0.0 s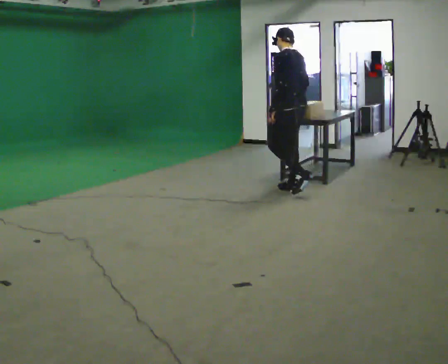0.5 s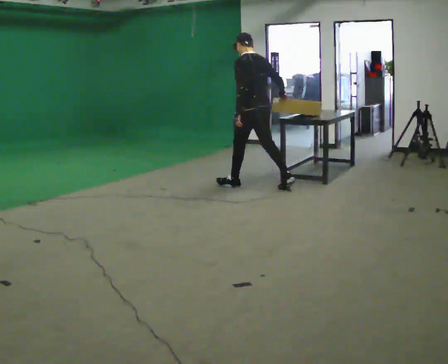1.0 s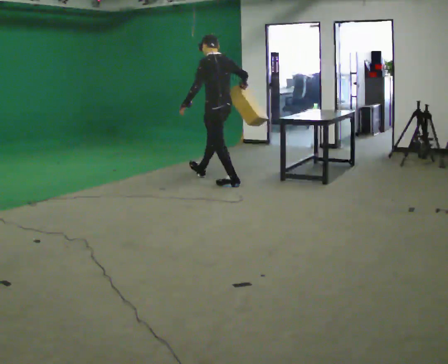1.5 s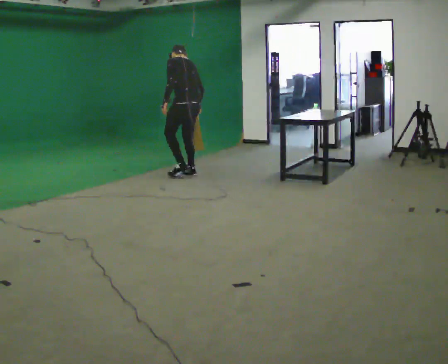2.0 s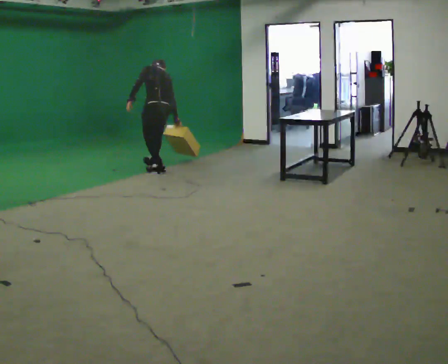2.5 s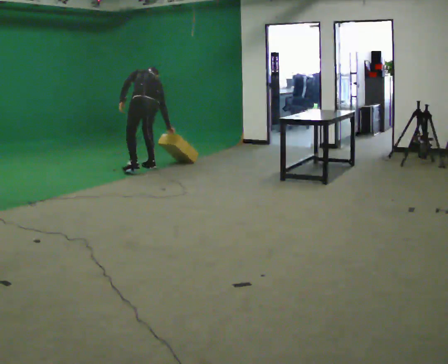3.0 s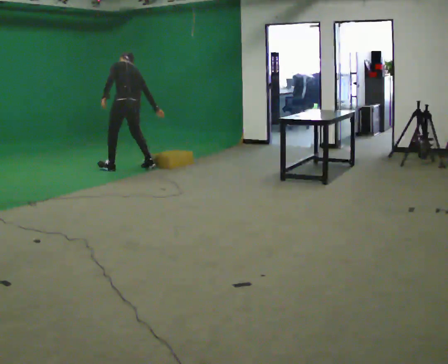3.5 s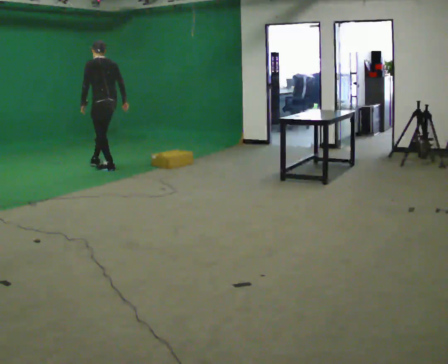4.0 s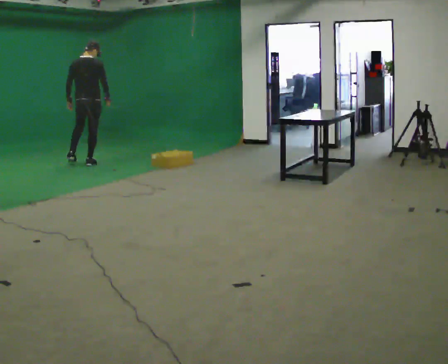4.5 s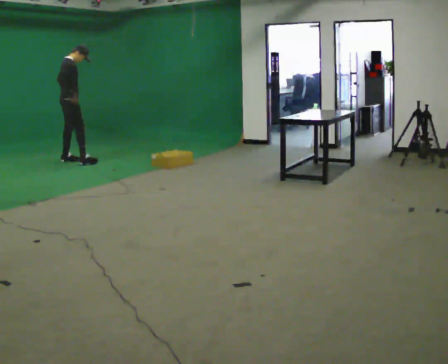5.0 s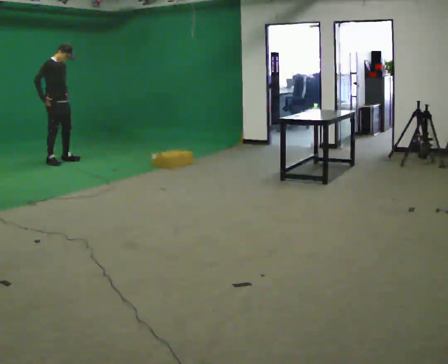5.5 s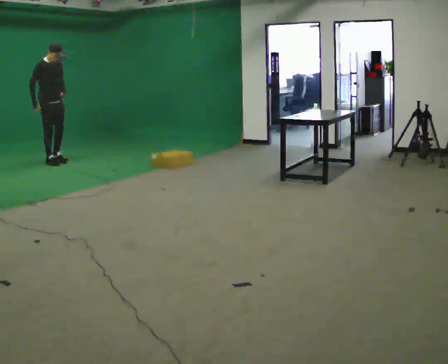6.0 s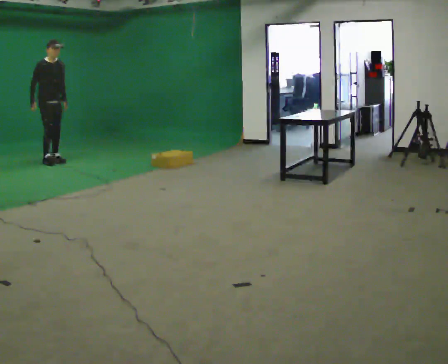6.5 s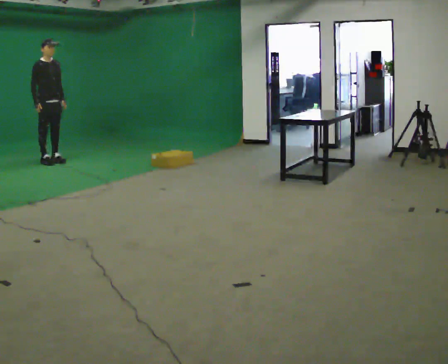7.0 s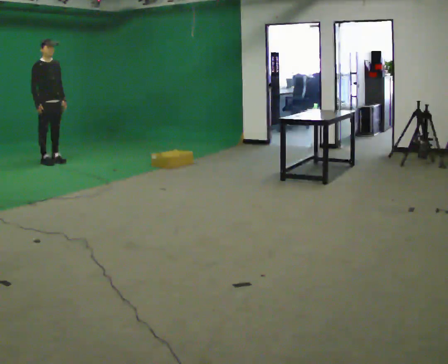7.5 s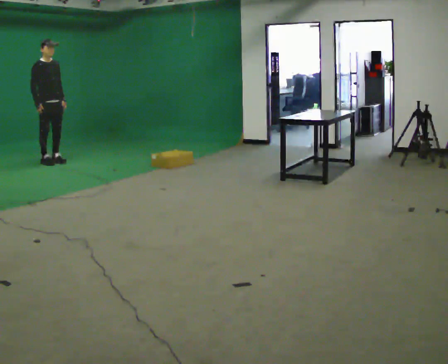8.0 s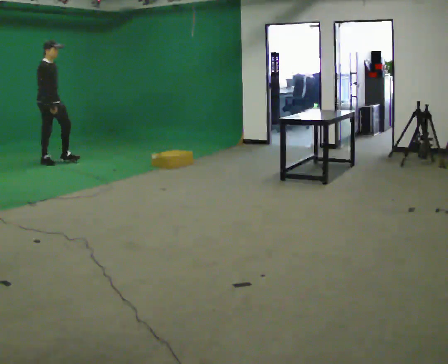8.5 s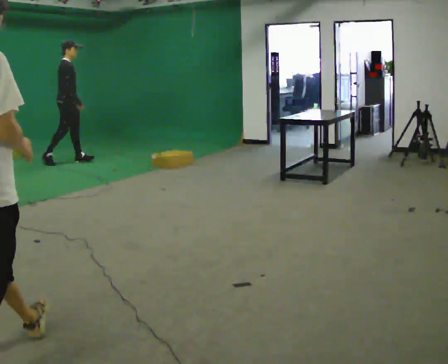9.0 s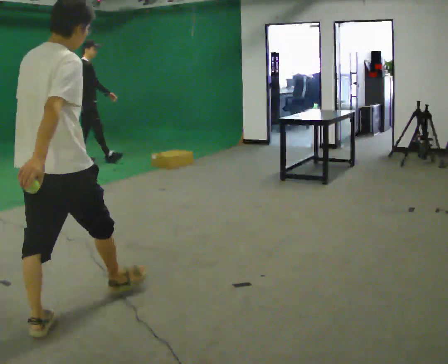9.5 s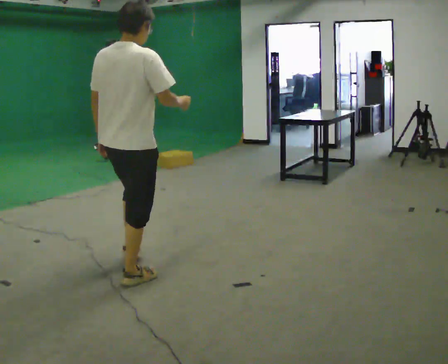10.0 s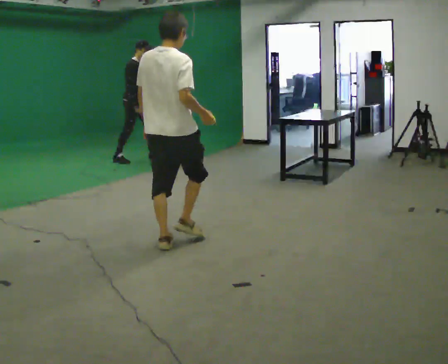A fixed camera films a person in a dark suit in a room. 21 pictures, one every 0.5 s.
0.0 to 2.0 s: In the picture they go away from the camera and to the left, about 2 m in 3 steps, which for them is forward. The shoulders move downward. The upper body tips away from the camera, its near side rolling upward, as they bend forward.
2.0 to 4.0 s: The part of the body nearest the lens slides to the left as the person turns to their right by about 45 degrees. In the picture they go to the left and away from the camera, about 1 m in 3 steps, which for them is forward.
4.0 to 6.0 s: The person turns about 120 degrees to their right, clockwise seen from above, so the part of the body nearest the lens slides to the left. In the picture they go to the left, about 0.5 m in 3 steps.
6.0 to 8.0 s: The part of the body nearest the lens slides to the right as the person turns to their left by about 30 degrees.
8.0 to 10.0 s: In the picture they go to the right, about 1 m in 3 steps, which for them is forward.
The film runs forward here.
